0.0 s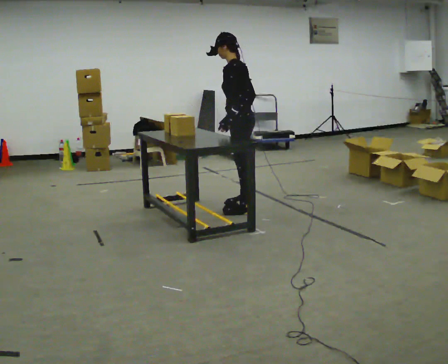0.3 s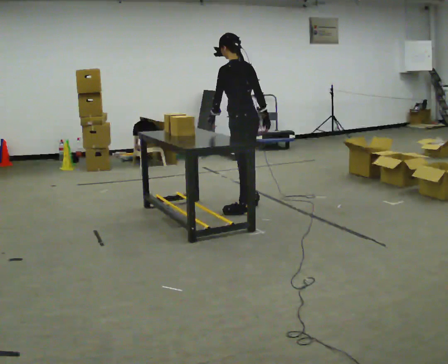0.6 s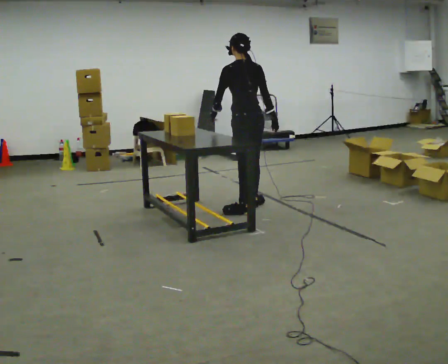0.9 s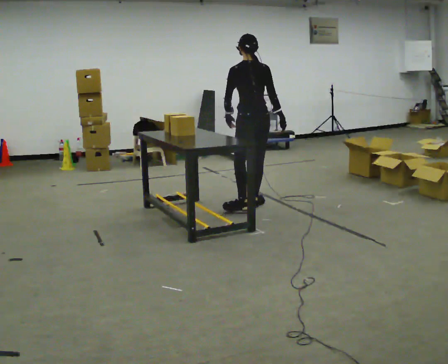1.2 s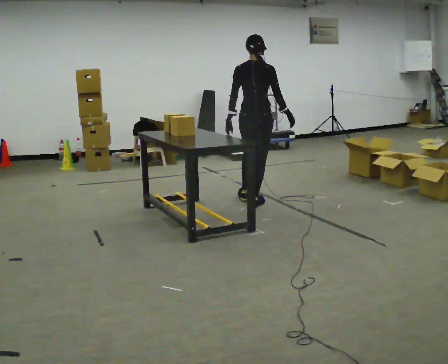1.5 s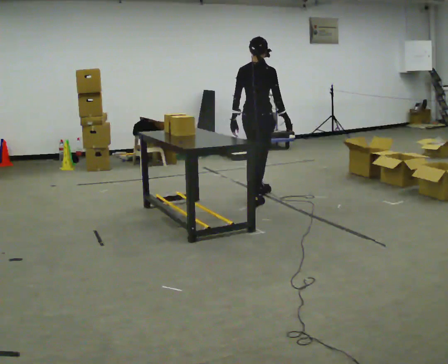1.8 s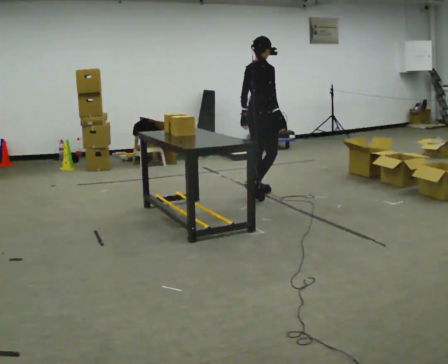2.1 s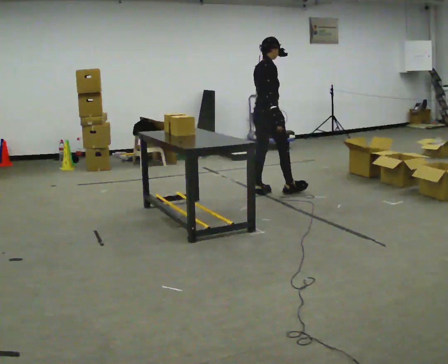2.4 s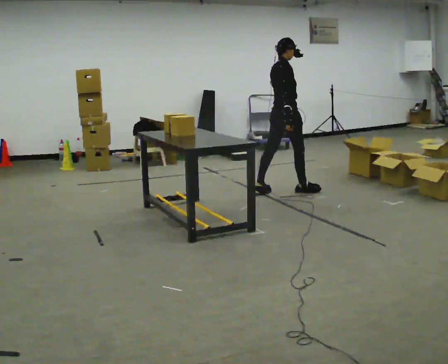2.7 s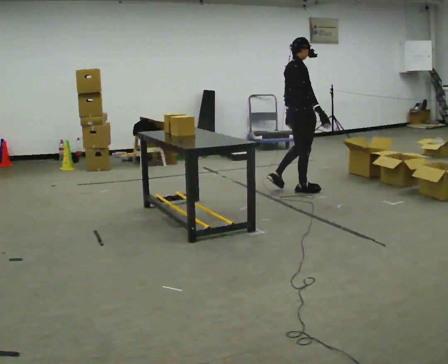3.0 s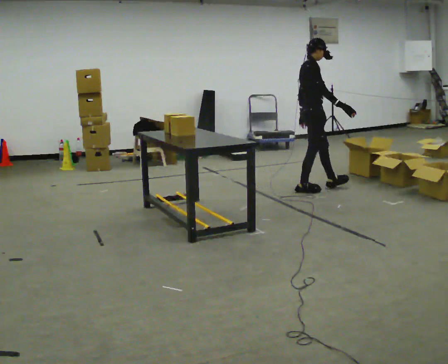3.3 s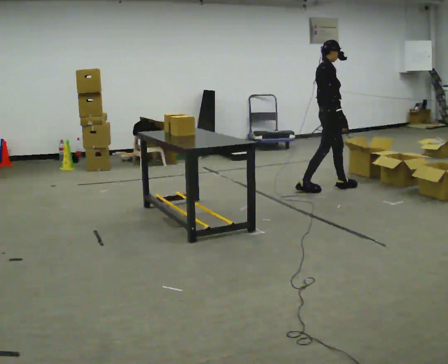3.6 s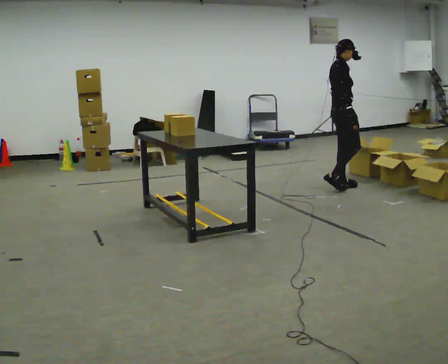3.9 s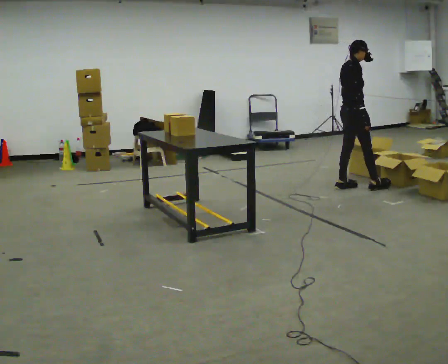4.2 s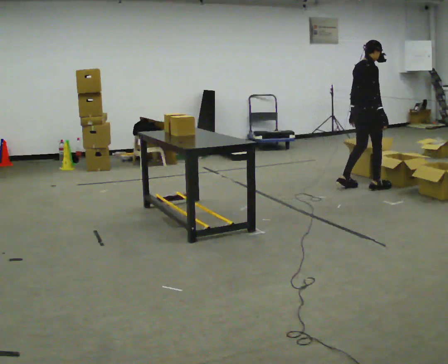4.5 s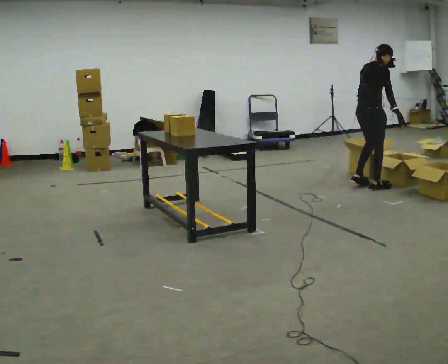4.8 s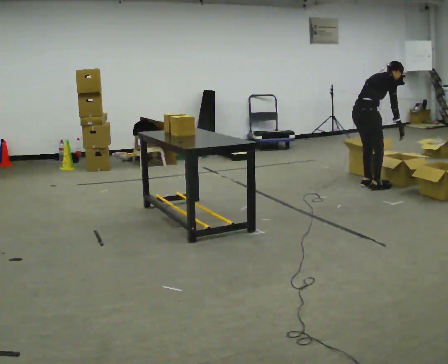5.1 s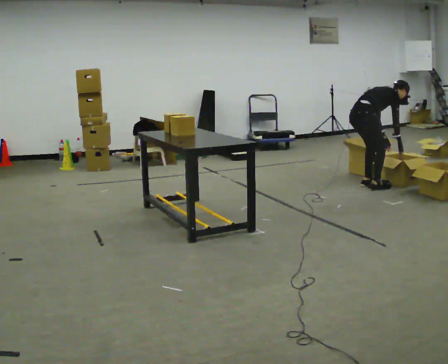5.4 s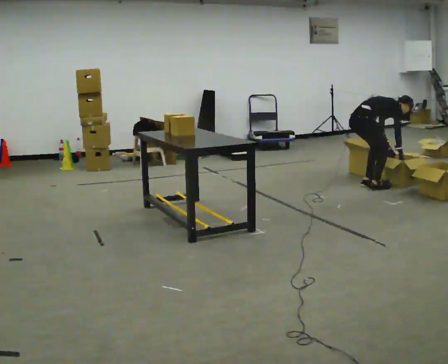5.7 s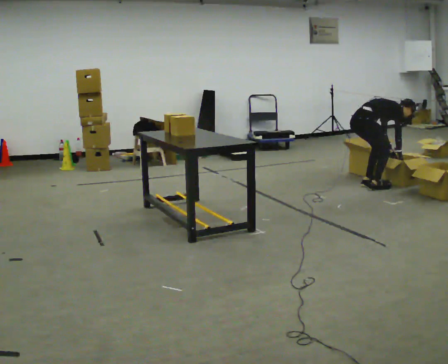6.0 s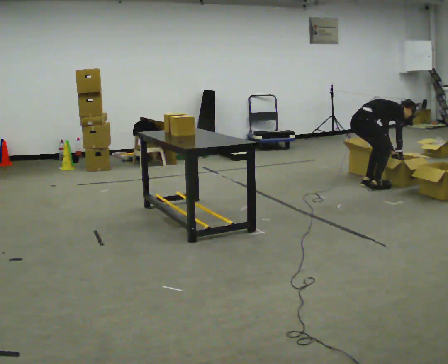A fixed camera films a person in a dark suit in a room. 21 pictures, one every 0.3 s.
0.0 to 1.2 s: The part of the body nearest the lens slides to the left as the person turns to their right by about 75 degrees. In the picture they go away from the camera, about 0.25 m.
1.2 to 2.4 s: The part of the body nearest the lens slides to the left as the person turns to their right by about 45 degrees. In the picture they go away from the camera and to the right, about 0.5 m in 2 steps, which for them is forward and to their left.
2.4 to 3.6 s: The person turns about 30 degrees to their right, clockwise seen from above, so the part of the body nearest the lens slides to the left. In the picture they go to the right, about 0.75 m in 1 step, which for them is forward.
3.6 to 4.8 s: In the picture they go to the right, about 0.25 m in 2 steps, which for them is forward. The shoulders move downward. In the picture the upper body tilts clockwise, shoulders to the right, as they bend forward. In the picture their right hand goes to the right.
4.8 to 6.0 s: The upper body goes downward. In the picture the upper body tilts clockwise, shoulders to the right, as they bend forward. In the picture their left hand goes downward.
The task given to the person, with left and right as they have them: Take each object from the table and put it in the bin that matches it, walking between the bins. Keep going until the operator says stop; one object at a time, and do not rush between trips.
The film runs forward here.
